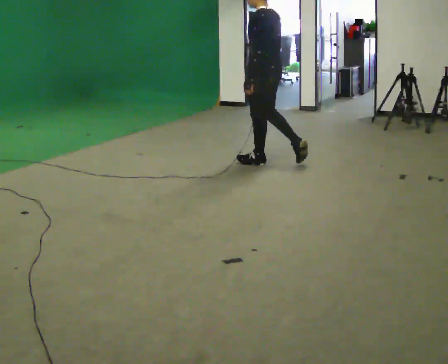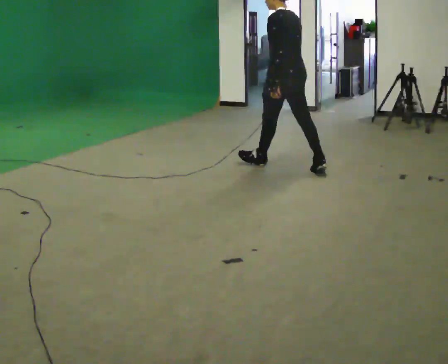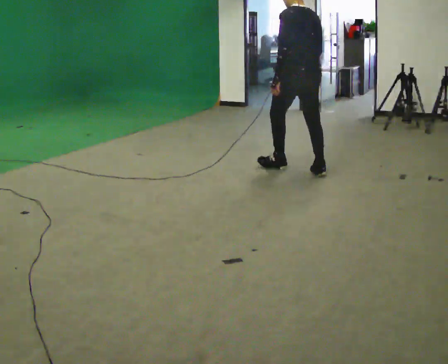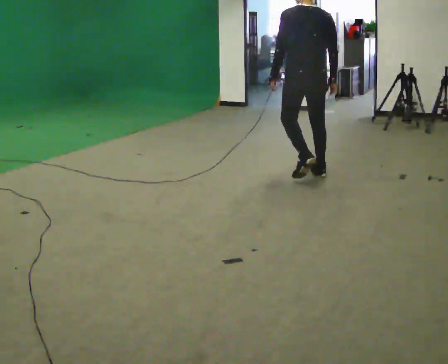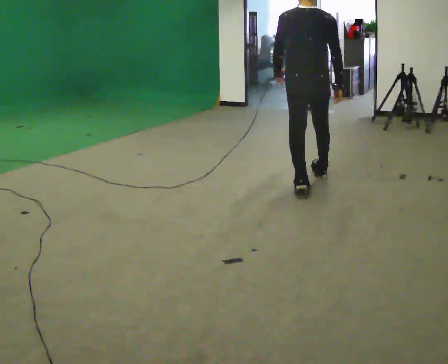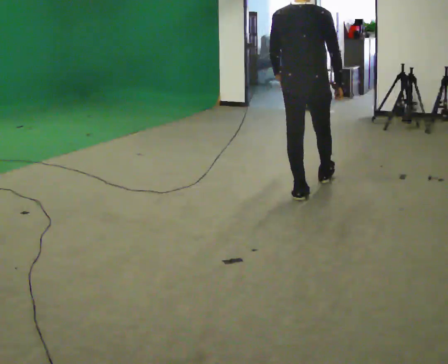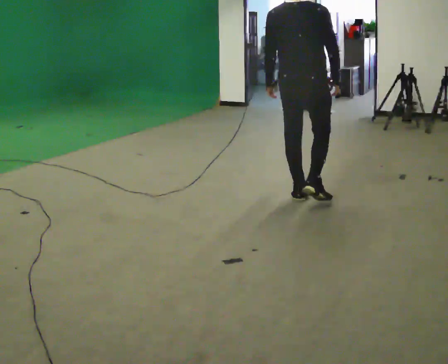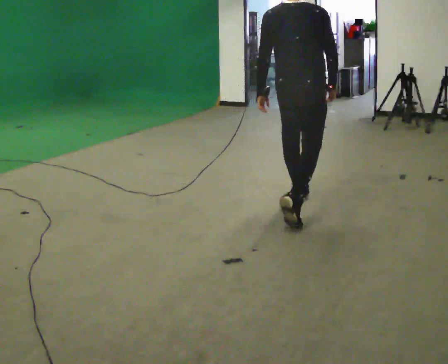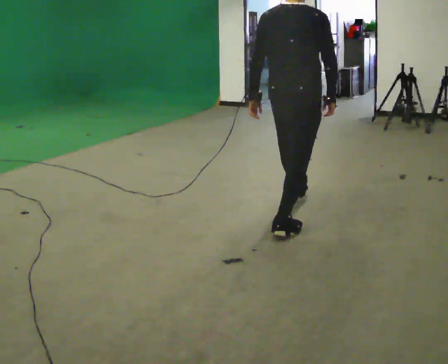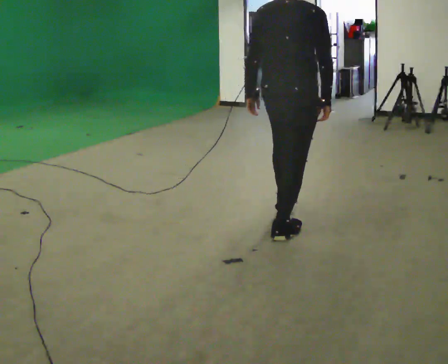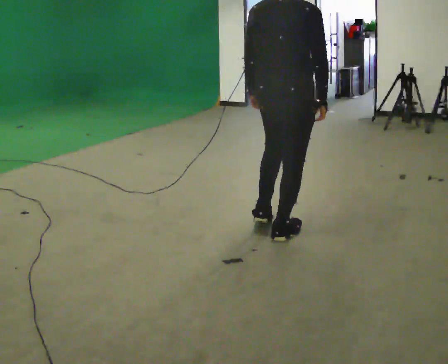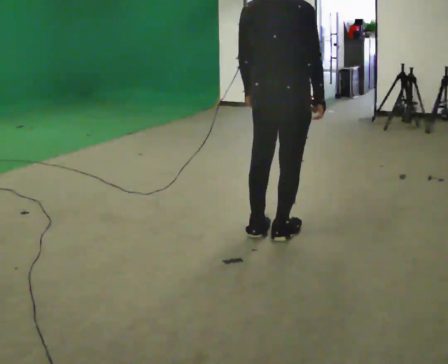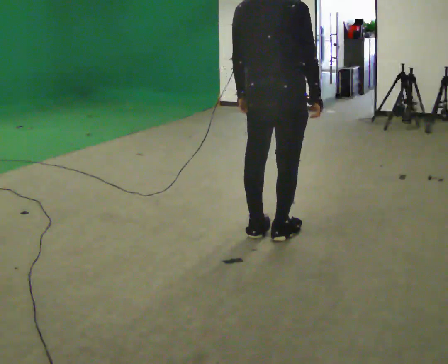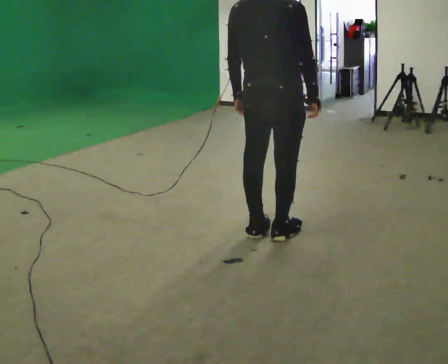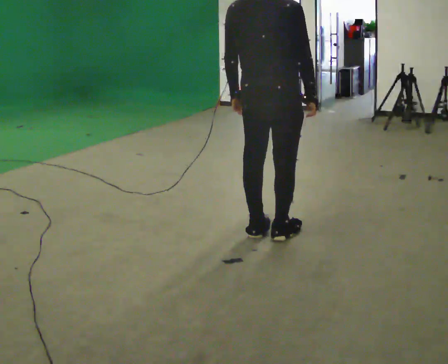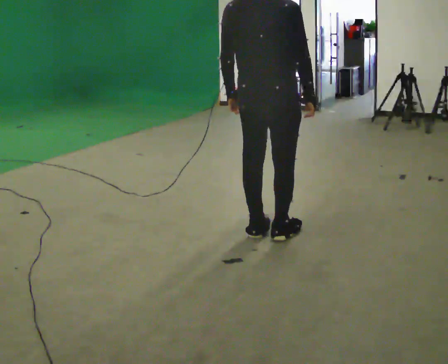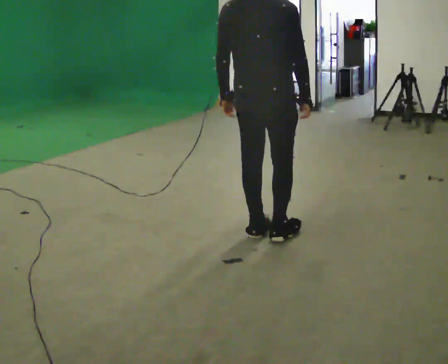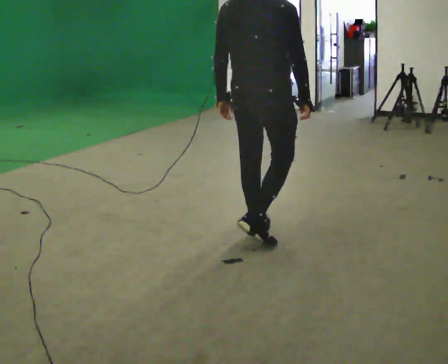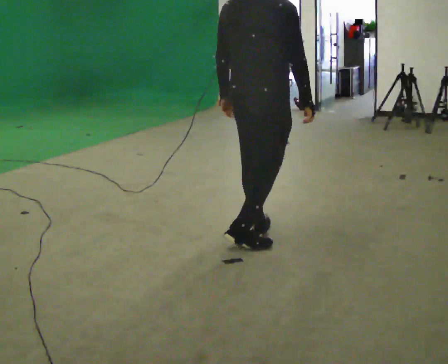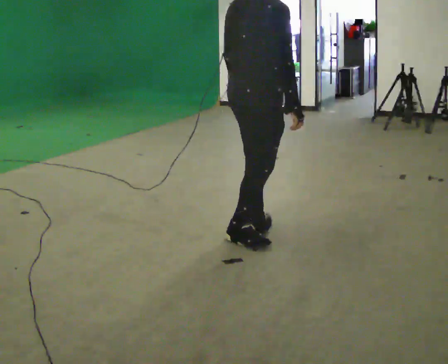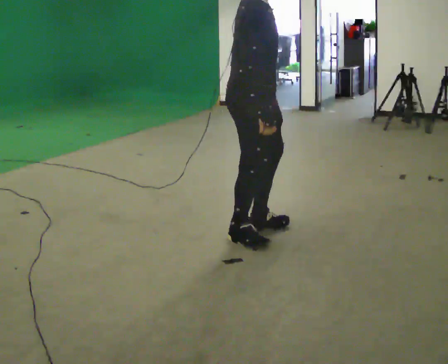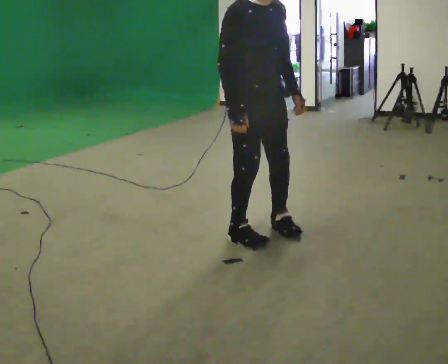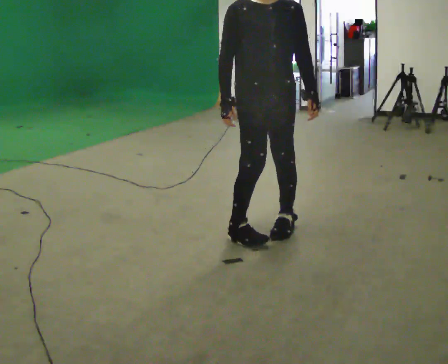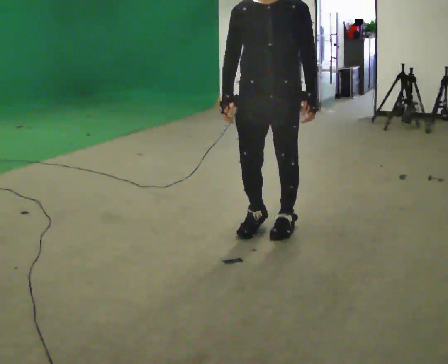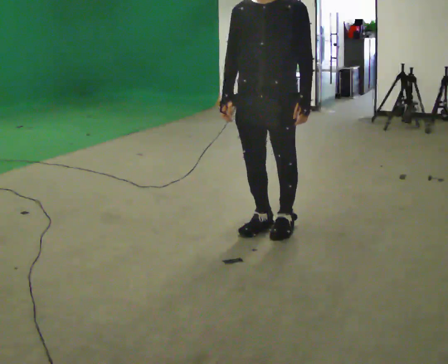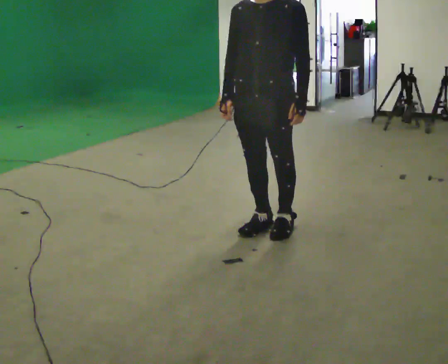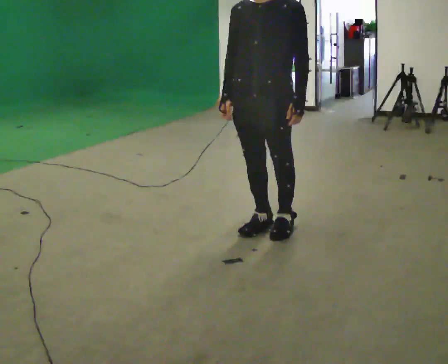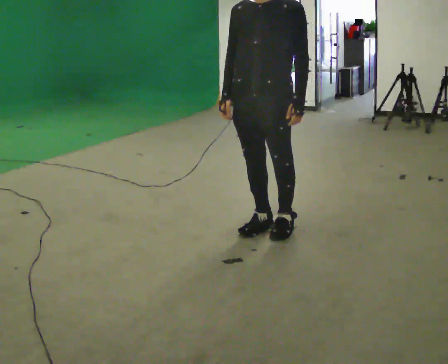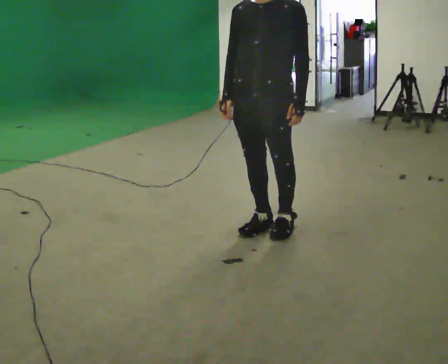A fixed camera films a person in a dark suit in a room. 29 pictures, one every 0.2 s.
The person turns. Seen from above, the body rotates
clockwise.
The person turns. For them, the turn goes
to their right.
0.0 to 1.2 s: Seen from above the body turns clockwise, about 75 degrees: to their right, with its near side sliding to the left. In the picture they go toward the camera, about 1 m in 2 steps.
1.2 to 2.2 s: In the picture they go toward the camera, about 0.75 m in 1 step, which for them is backward.
2.2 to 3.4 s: The person moves a little, or ends about where they began.
3.4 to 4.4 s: The person turns about 135 degrees to their right, clockwise seen from above, so the part of the body nearest the lens slides to the left. In the picture their right hand goes to the left, the arm swinging clockwise.
4.4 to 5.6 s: The person turns about 45 degrees to their right, clockwise seen from above, so the part of the body nearest the lens slides to the left.
The film runs backward here.
